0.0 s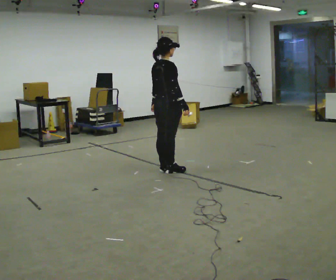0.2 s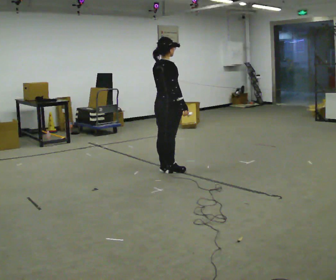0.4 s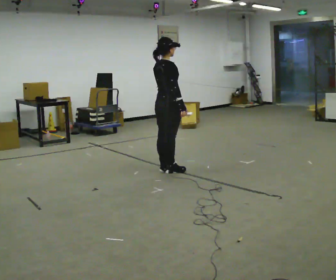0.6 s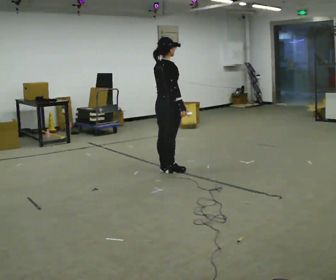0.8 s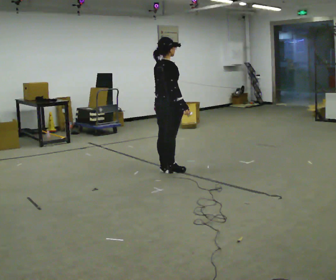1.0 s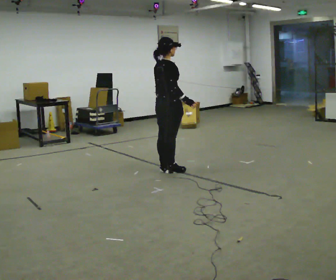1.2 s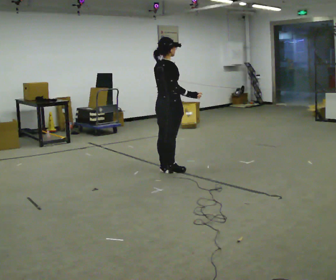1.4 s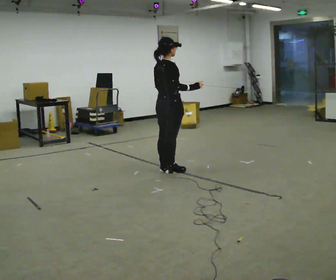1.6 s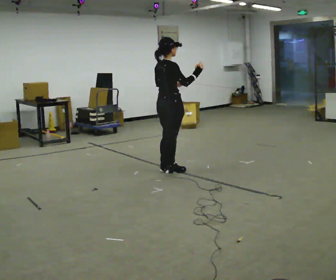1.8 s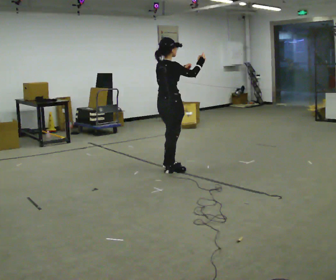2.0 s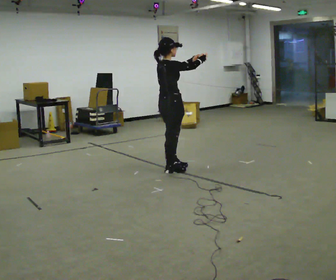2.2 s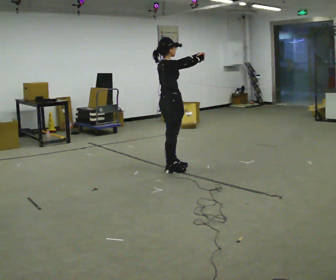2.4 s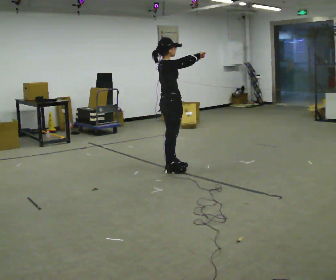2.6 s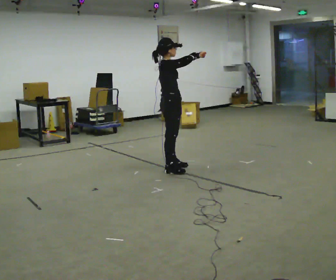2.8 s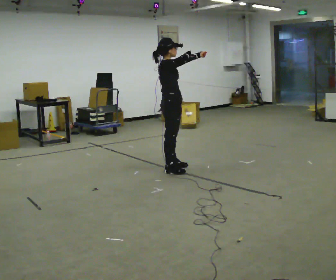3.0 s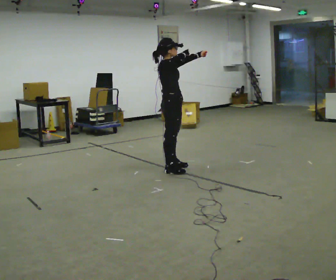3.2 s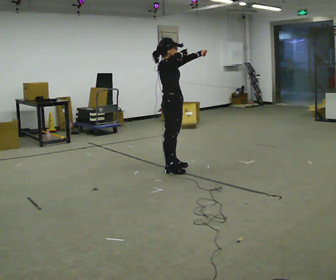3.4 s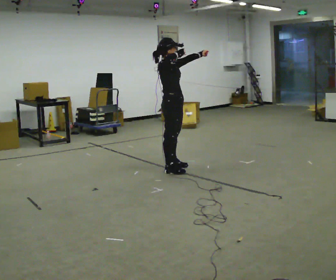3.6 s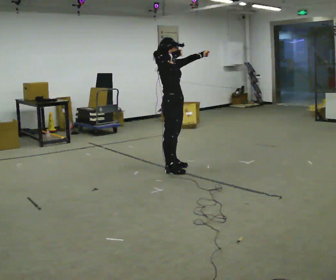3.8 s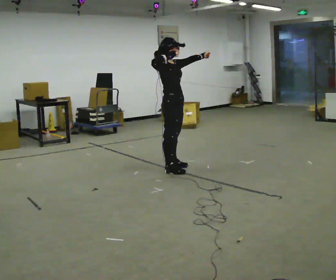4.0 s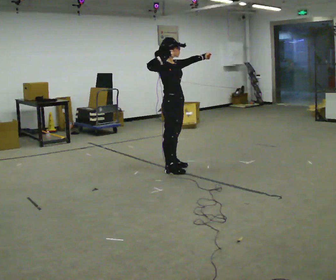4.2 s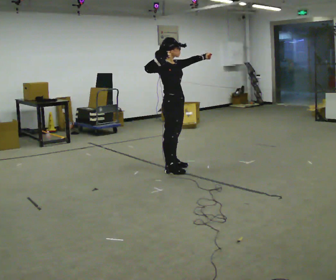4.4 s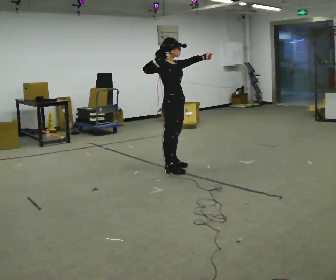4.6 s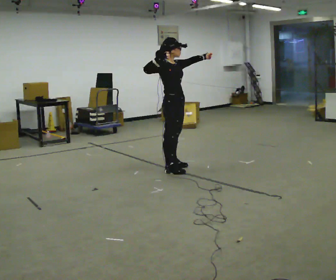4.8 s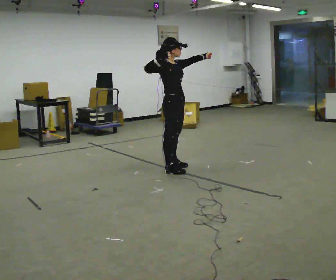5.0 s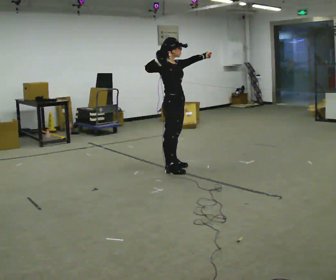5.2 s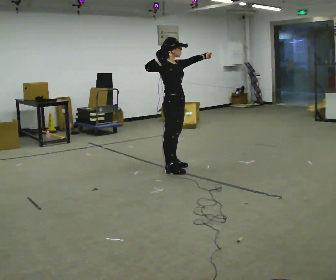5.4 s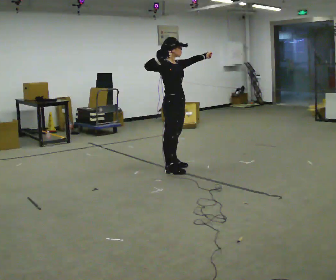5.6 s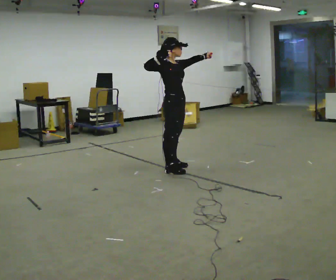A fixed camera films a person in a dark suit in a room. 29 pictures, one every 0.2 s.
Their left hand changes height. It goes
upward.
Their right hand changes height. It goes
upward.
0.0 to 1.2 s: The person moves a little, or ends about where they began.
1.2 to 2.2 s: In the picture their left hand goes upward and to the right.
2.2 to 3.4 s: Seen from above the body turns clockwise, about 30 degrees: to their right, with its near side sliding to the left.
3.4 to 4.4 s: The person moves a little, or ends about where they began.
4.4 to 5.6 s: The person keeps their place and pose.
The film runs forward here.
